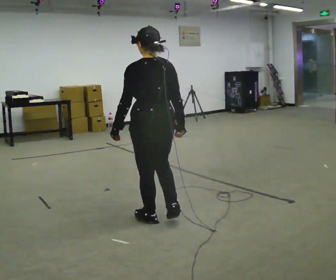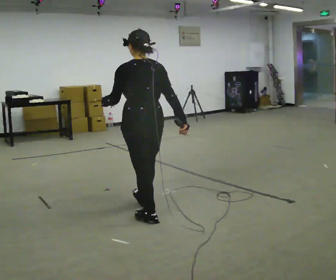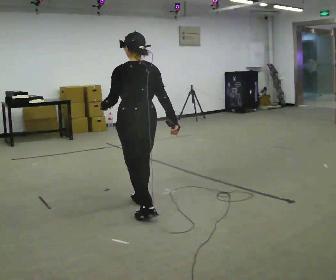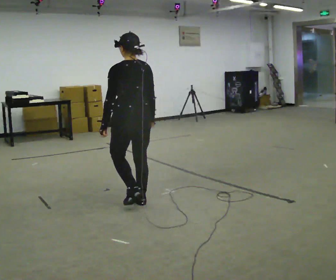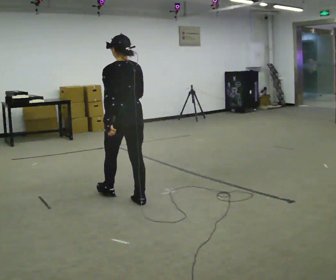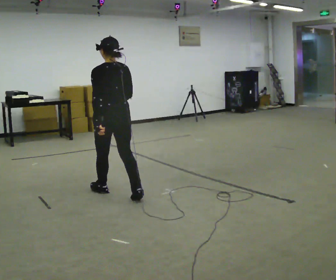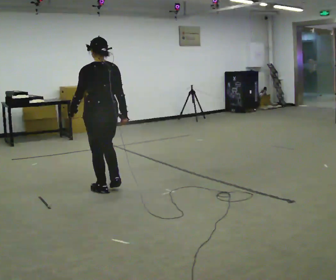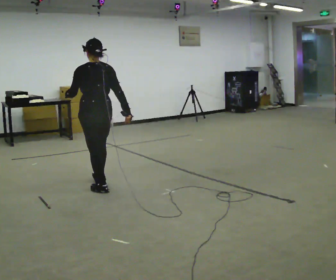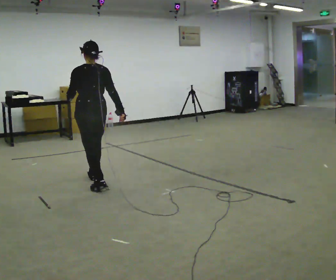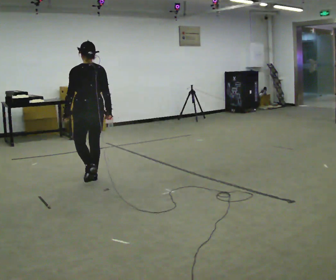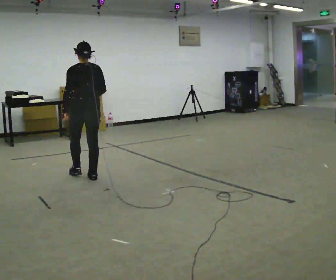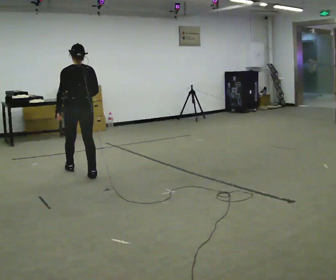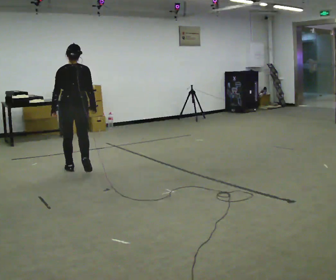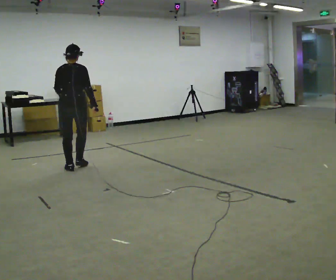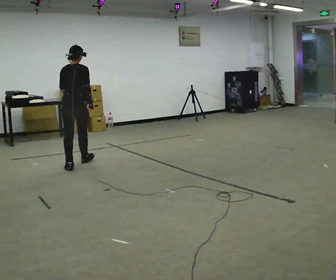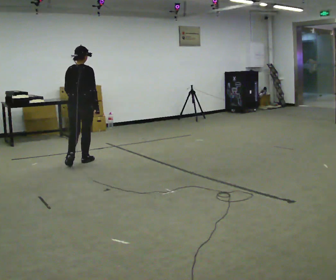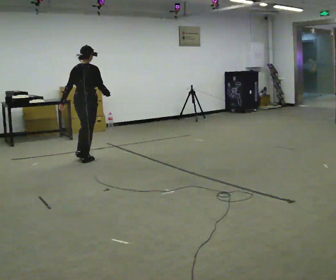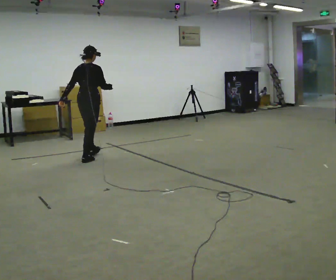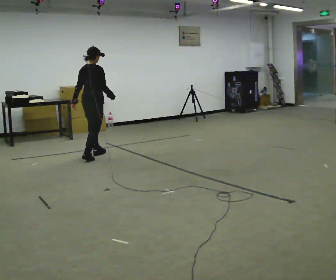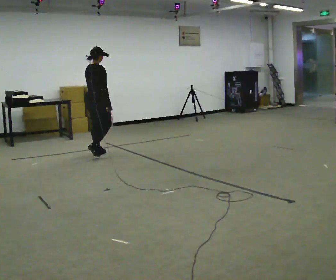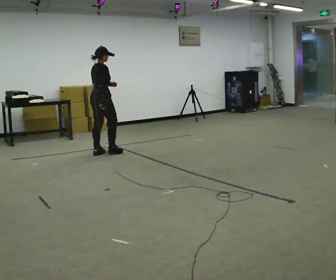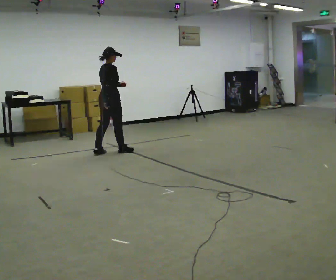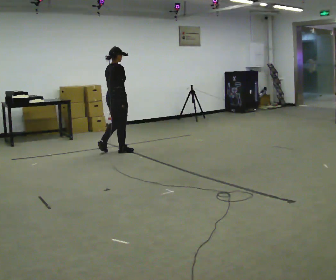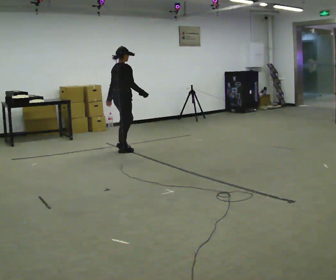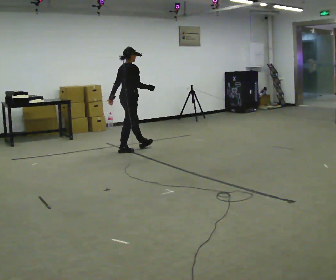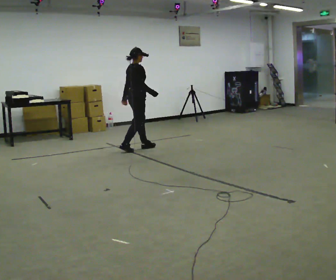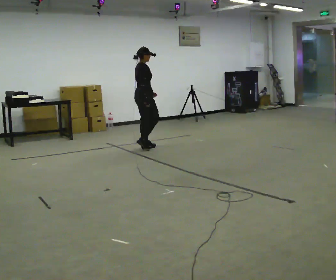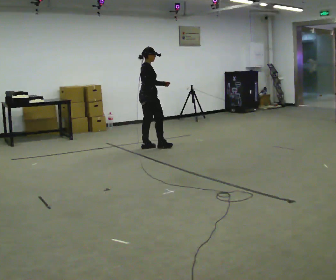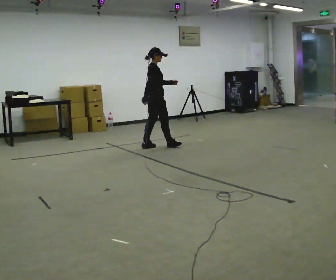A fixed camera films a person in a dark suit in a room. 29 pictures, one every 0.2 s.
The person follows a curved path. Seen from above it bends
clockwise.
The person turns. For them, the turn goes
to their right.
0.0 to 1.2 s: In the picture they go away from the camera, about 1 m in 2 steps, which for them is forward.
1.2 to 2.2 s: In the picture they go away from the camera, about 1 m in 2 steps, which for them is forward.
2.2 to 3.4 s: The part of the body nearest the lens slides to the left as the person turns to their right by about 45 degrees. In the picture they go away from the camera, about 0.5 m in 1 step, which for them is forward.
3.4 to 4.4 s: In the picture they go to the right and away from the camera, about 0.5 m in 2 steps, which for them is forward.
4.4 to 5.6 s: In the picture they go to the right, about 0.75 m in 2 steps, which for them is forward.
The film runs forward here.
